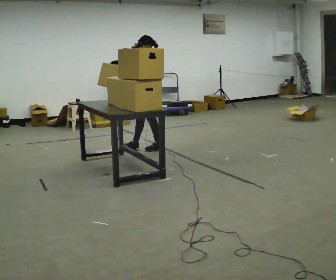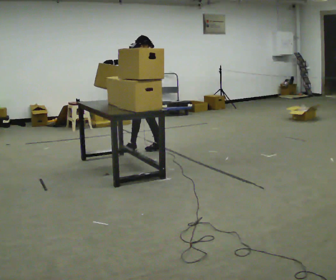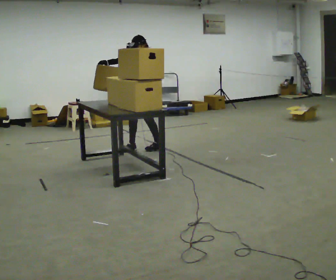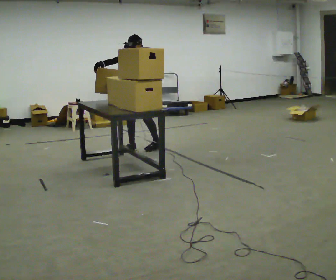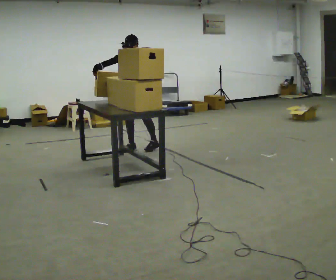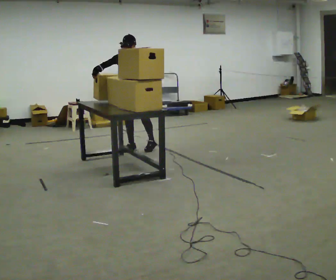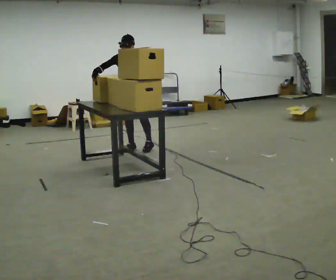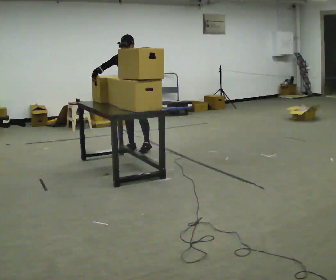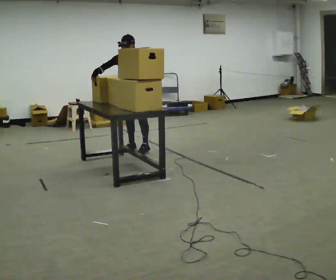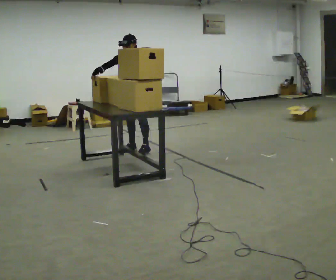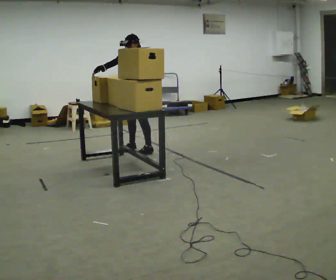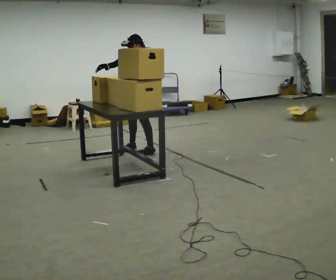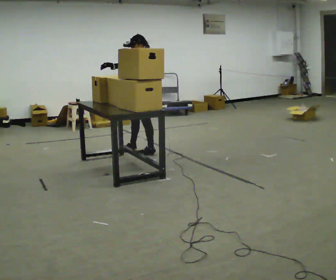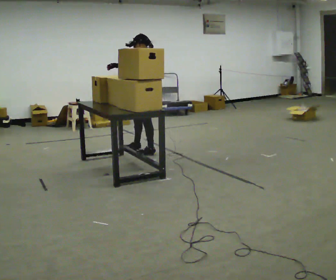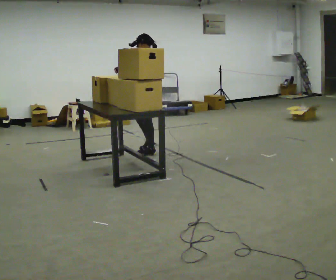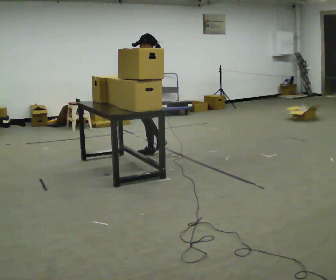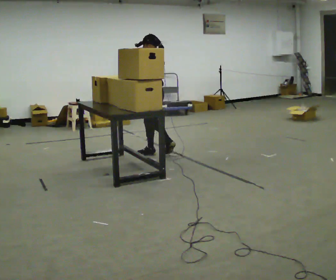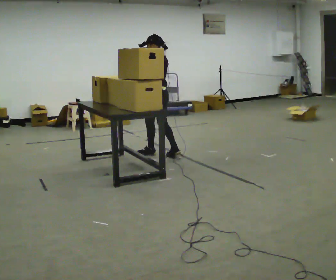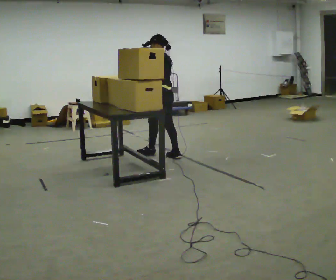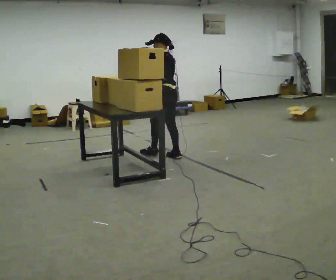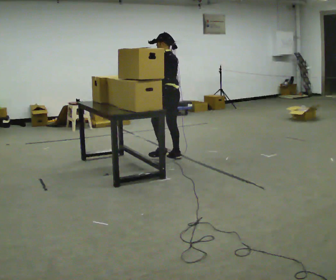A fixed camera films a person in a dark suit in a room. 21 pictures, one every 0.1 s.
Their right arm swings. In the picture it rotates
counterclockwise.
The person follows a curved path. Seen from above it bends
counterclockwise.
0.0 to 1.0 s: In the picture they go to the left, about 0.25 m in 1 step, which for them is to their right.
1.0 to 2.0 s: Seen from above the body turns clockwise, about 75 degrees: to their right, with its near side sliding to the left. In the picture they go to the right and toward the camera, about 0.5 m in 2 steps. In the picture their right hand goes downward, the arm swinging counterclockwise.
The film runs backward here.
